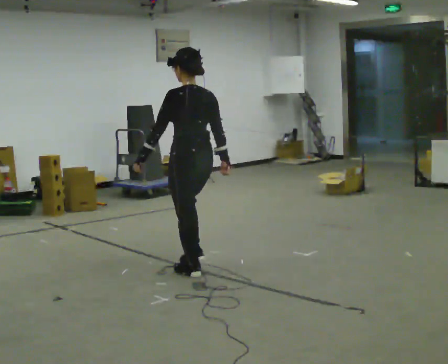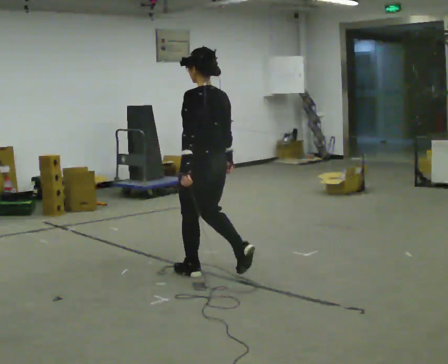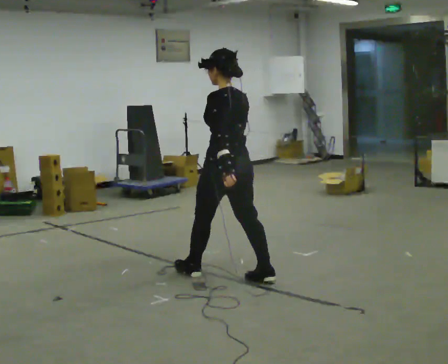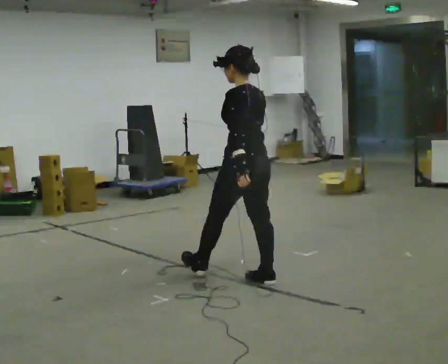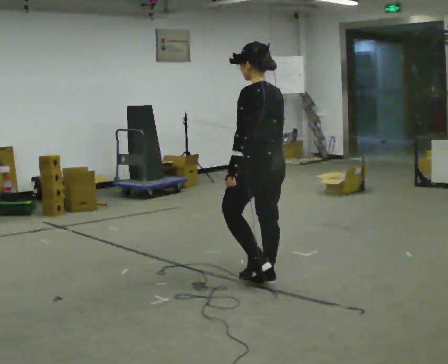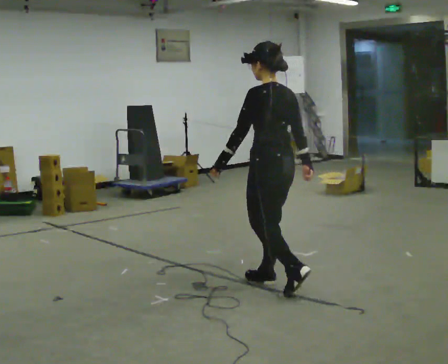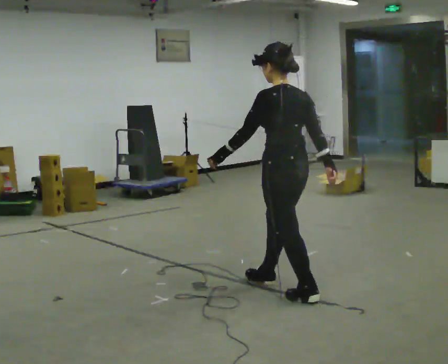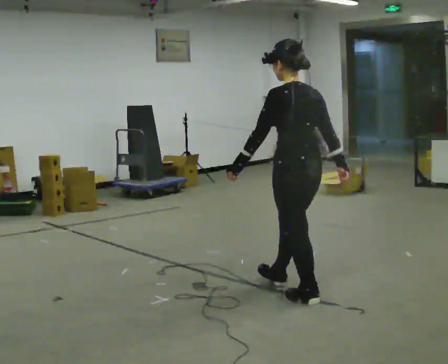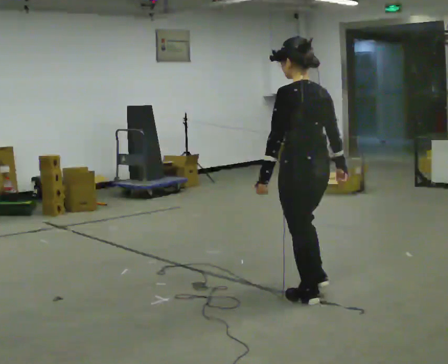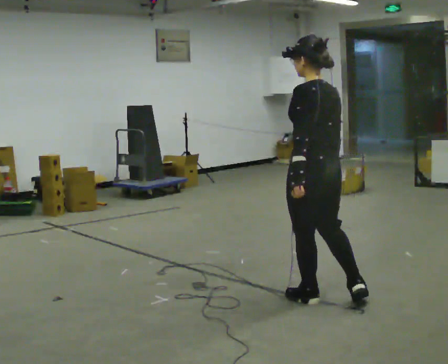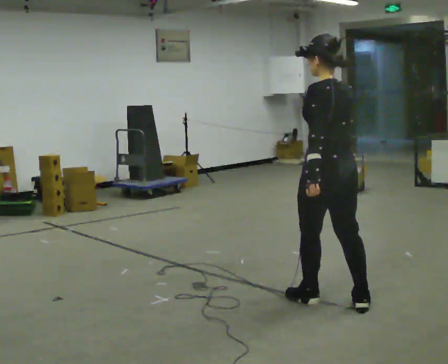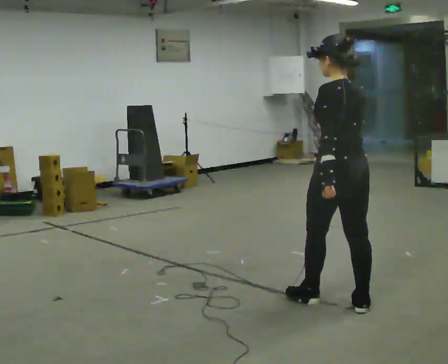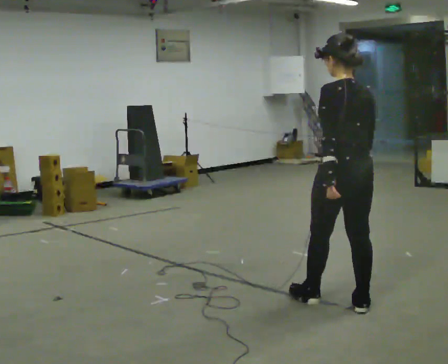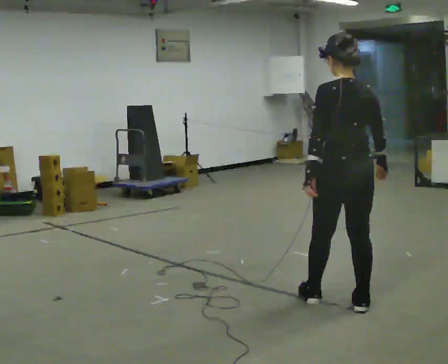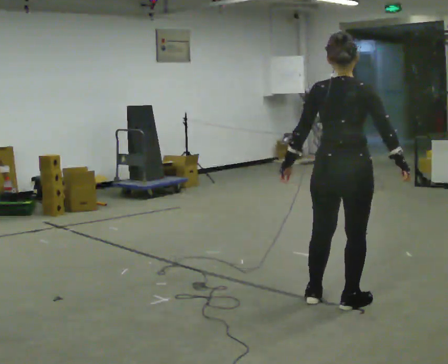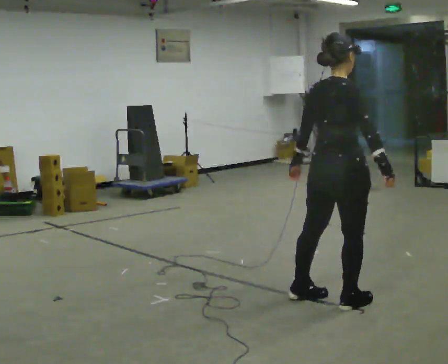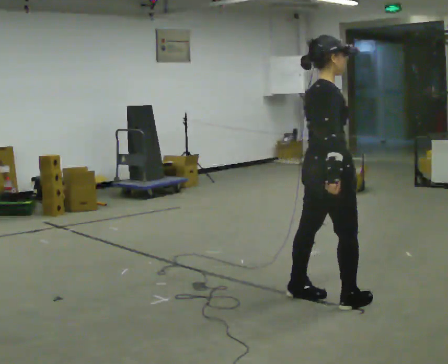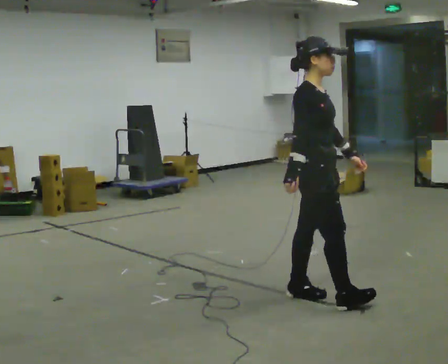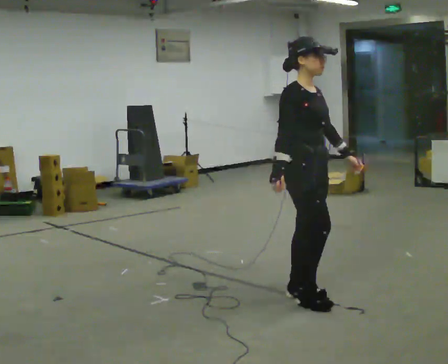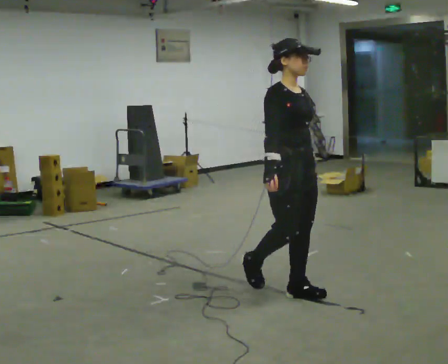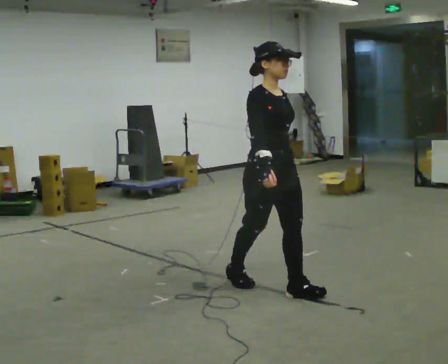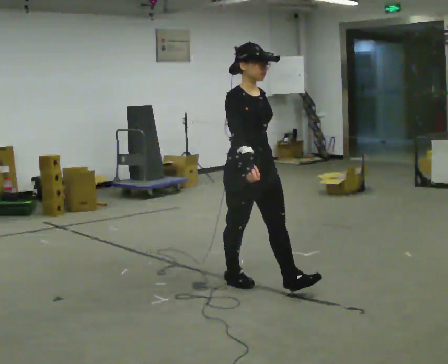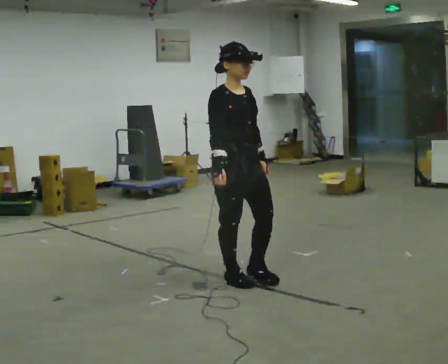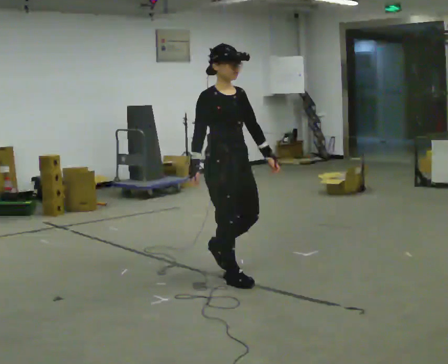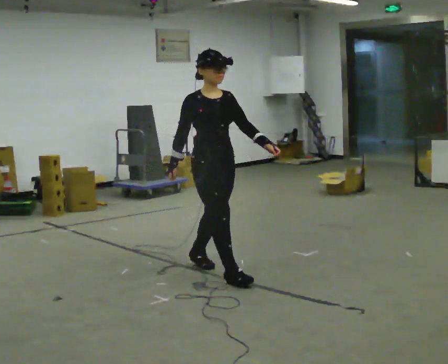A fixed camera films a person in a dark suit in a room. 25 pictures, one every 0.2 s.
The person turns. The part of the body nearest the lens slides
to the left.
The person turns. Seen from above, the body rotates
clockwise.
0.0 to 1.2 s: In the picture they go to the right and toward the camera, about 1 m in 1 step, which for them is backward.
1.2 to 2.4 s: In the picture they go to the right and toward the camera, about 0.5 m in 1 step, which for them is backward.
2.4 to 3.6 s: Seen from above the body turns clockwise, about 150 degrees: to their right, with its near side sliding to the left. In the picture they go to the left and away from the camera, about 0.25 m in 2 steps.
3.6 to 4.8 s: In the picture they go to the left and away from the camera, about 1 m in 1 step, which for them is backward.
The film runs backward here.
